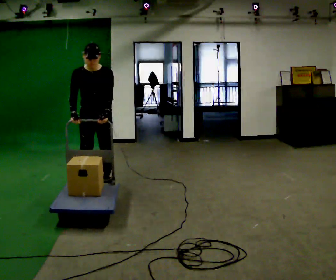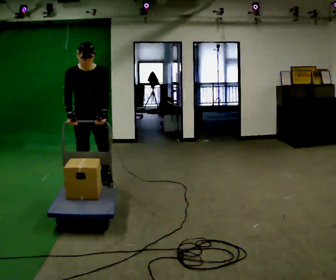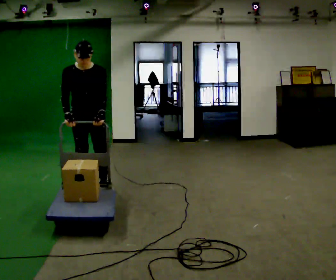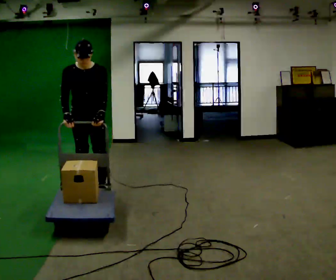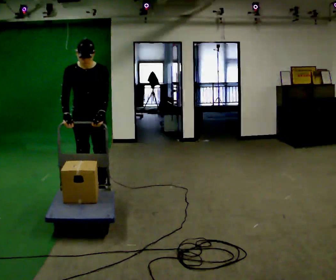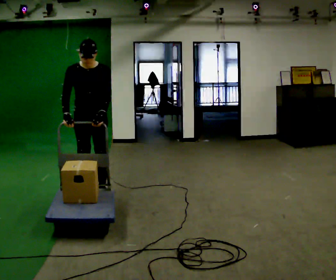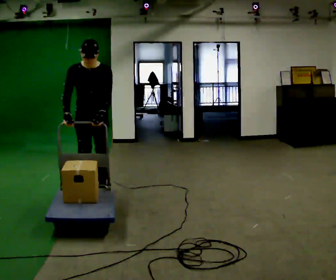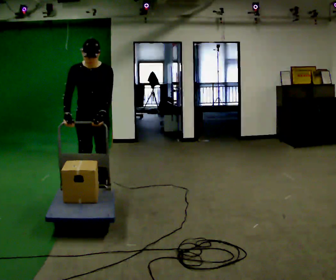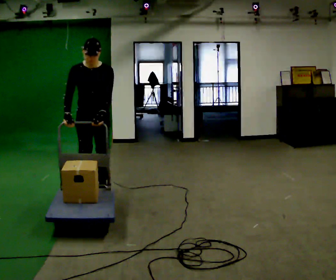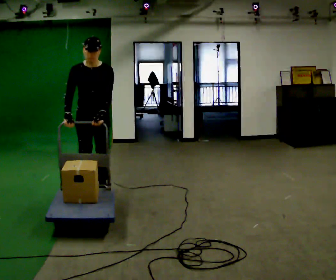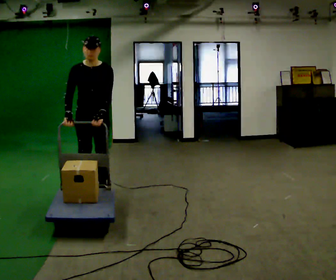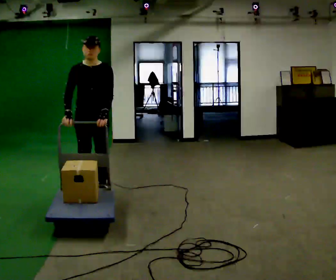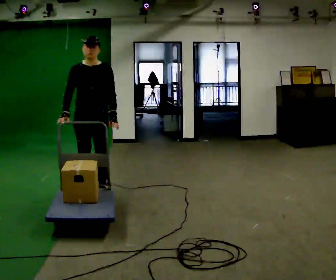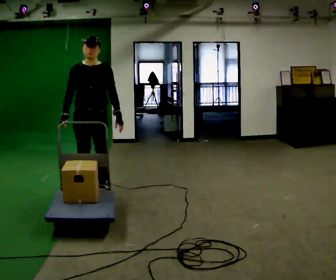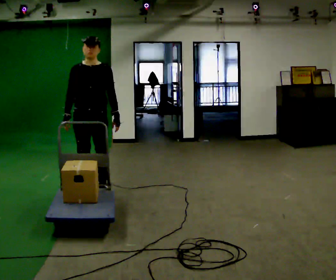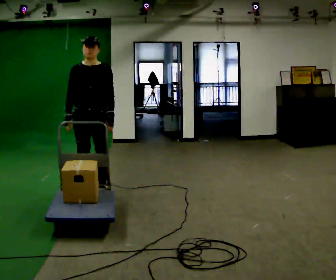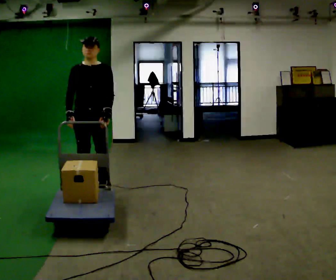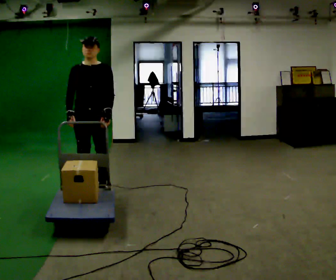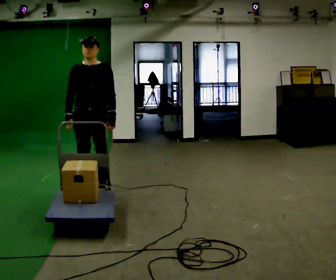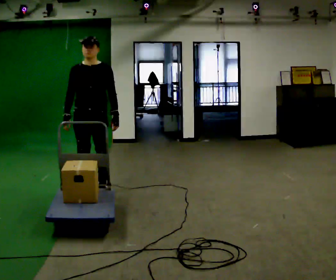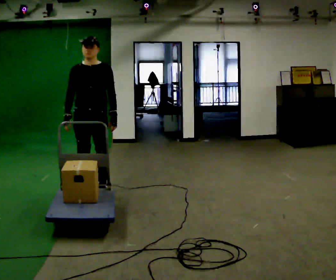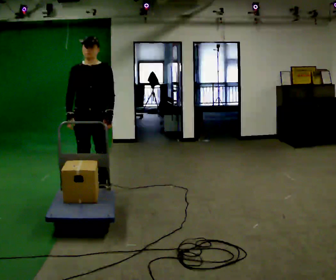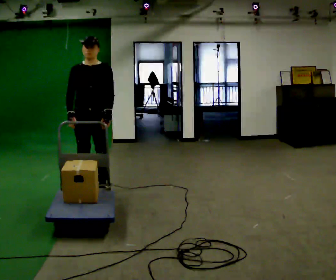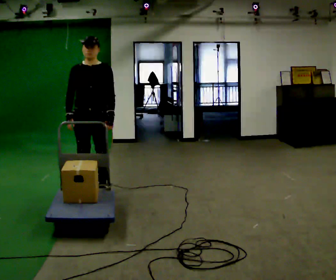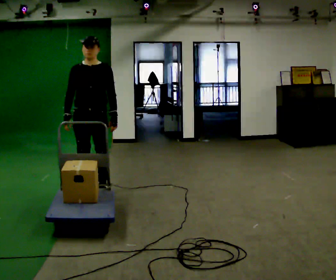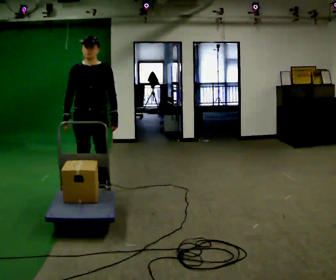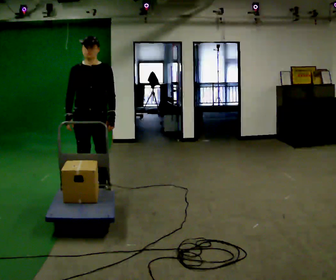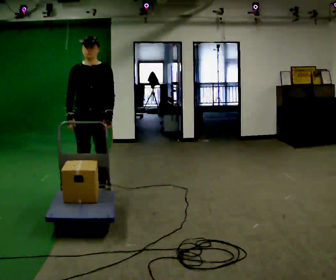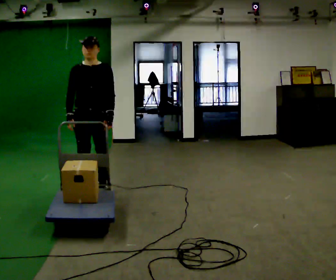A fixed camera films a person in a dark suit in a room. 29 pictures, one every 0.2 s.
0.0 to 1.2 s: In the picture they go toward the camera, about 0.25 m in 1 step, which for them is forward.
1.2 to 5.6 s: The upper body tips away from the camera, its near side rolling upward, as they lean back or straighten.
The film runs forward here.
